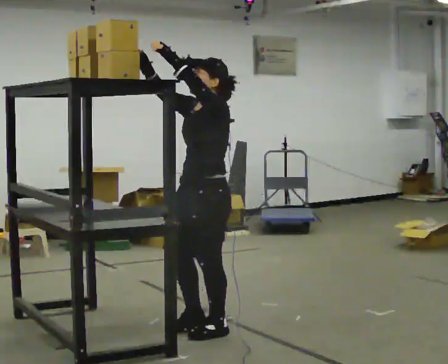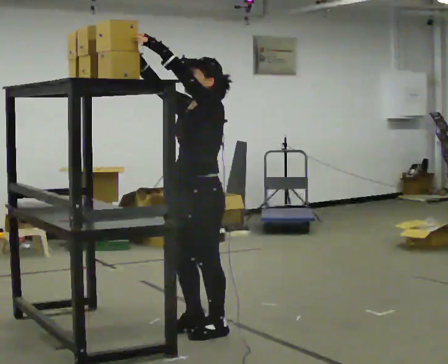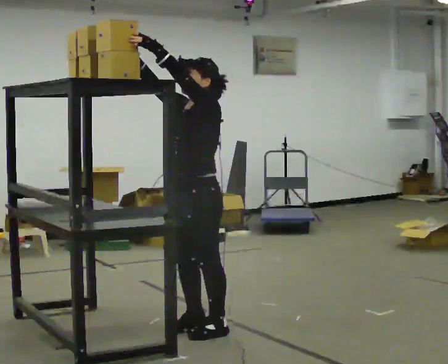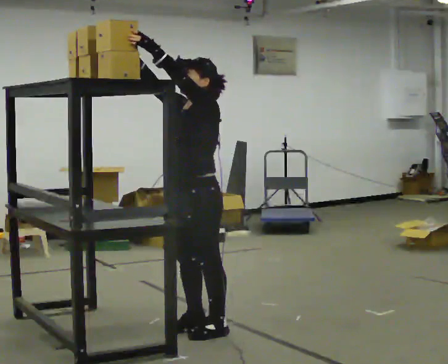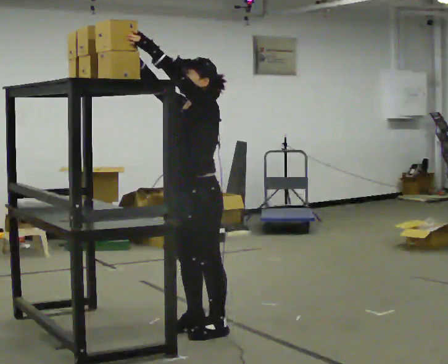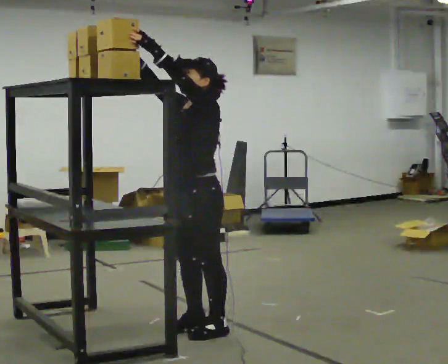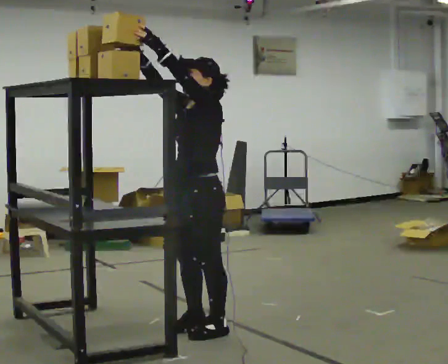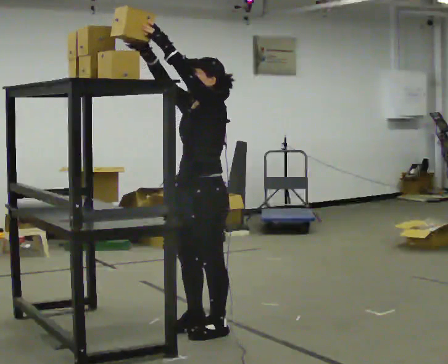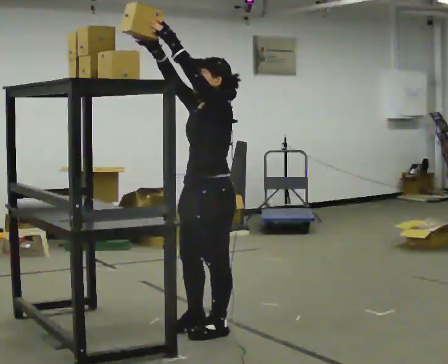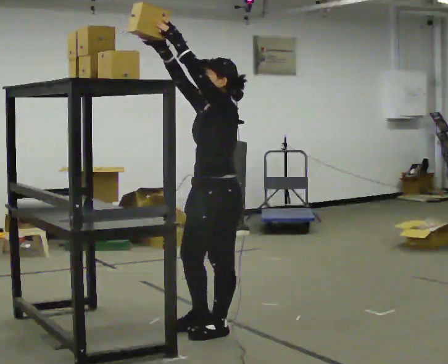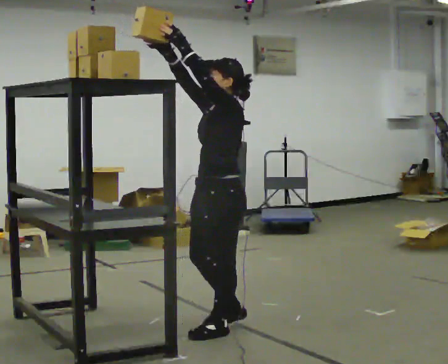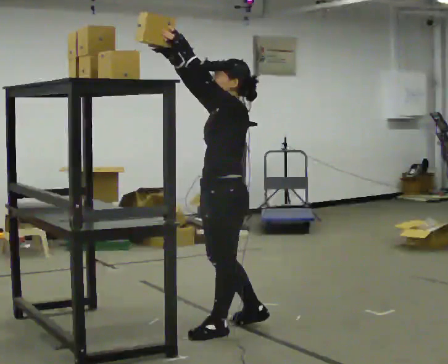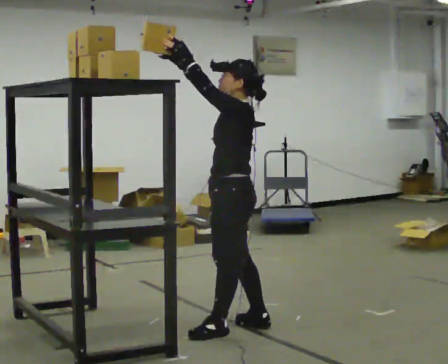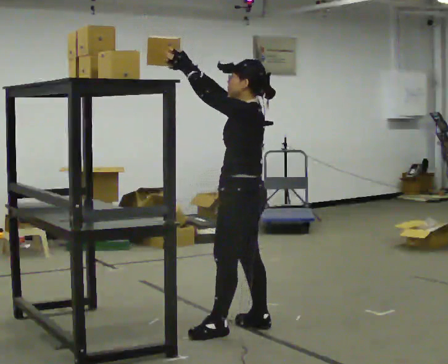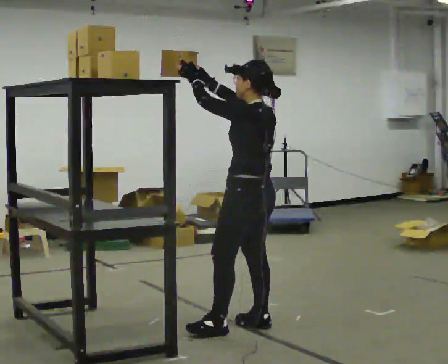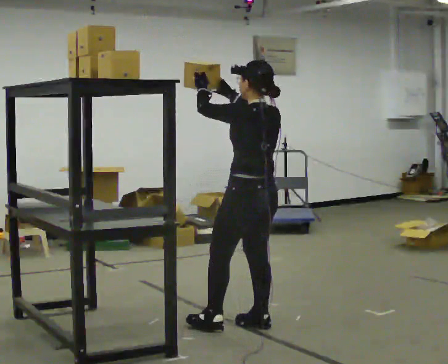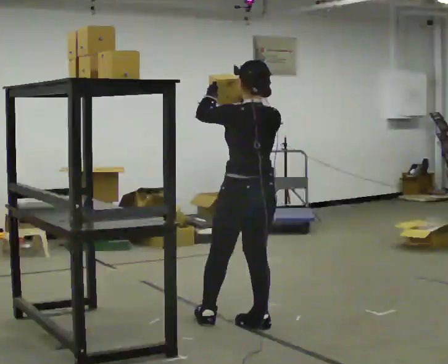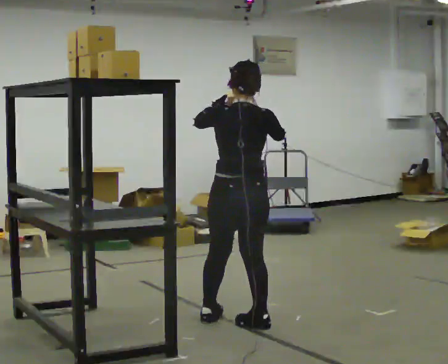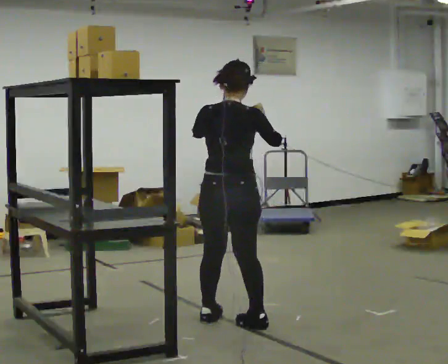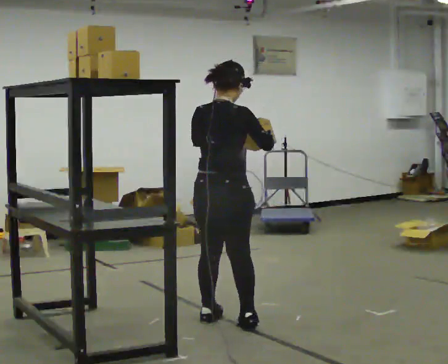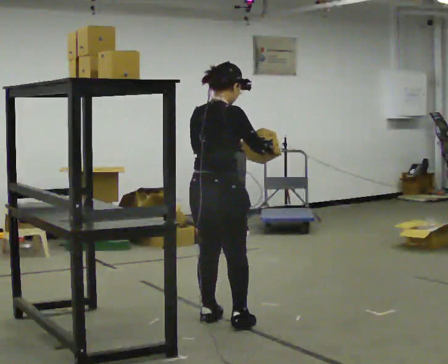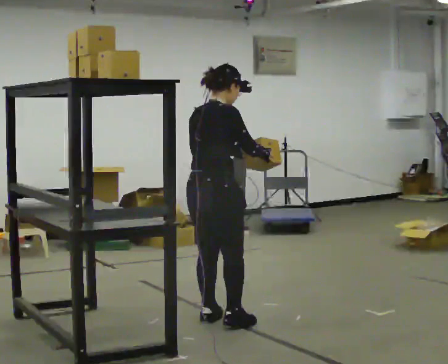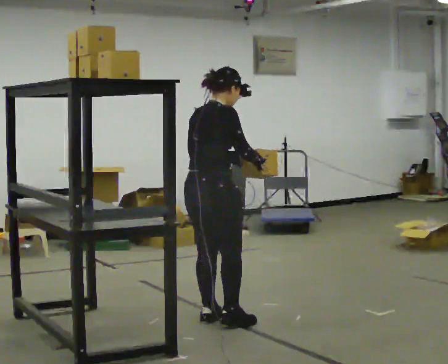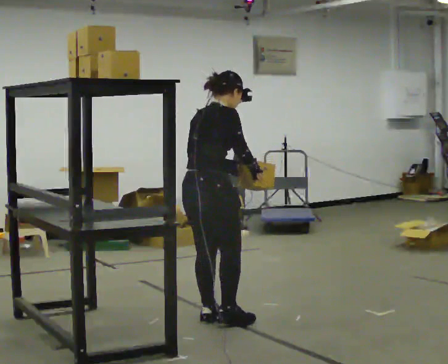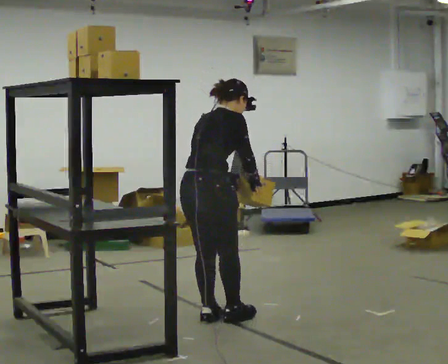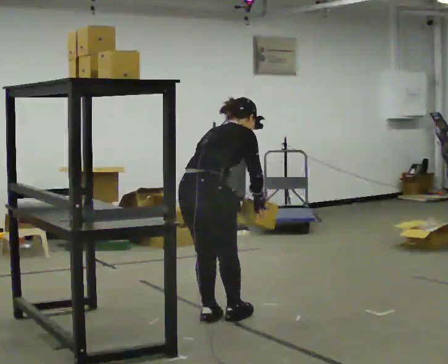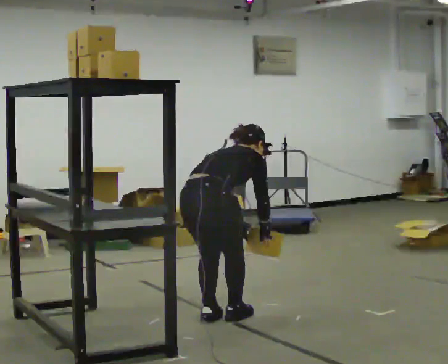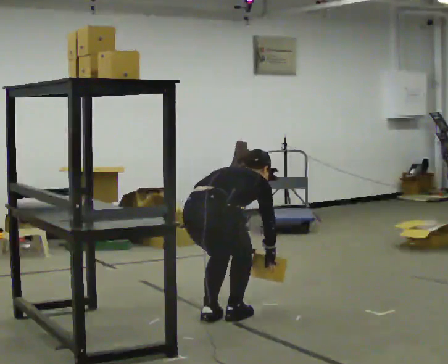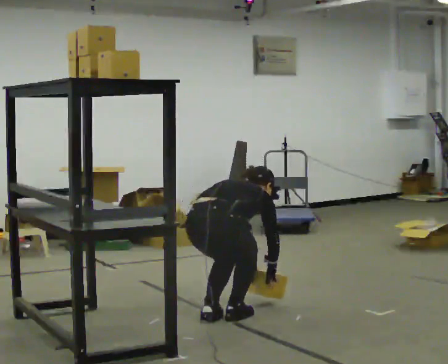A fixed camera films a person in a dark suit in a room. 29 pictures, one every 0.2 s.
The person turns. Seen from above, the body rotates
clockwise.
Their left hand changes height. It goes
downward.
0.0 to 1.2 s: The person moves a little, or ends about where they began.
1.2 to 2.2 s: In the picture they go to the right, about 0.25 m in 1 step, which for them is backward.
2.2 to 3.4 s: Seen from above the body turns clockwise, about 90 degrees: to their right, with its near side sliding to the left. In the picture their right hand goes to the right and downward.
3.4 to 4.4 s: Seen from above the body turns clockwise, about 60 degrees: to their right, with its near side sliding to the left. In the picture they go to the left, about 0.25 m in 1 step, which for them is to their left.
4.4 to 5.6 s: The shoulders move downward. The upper body tips away from the camera, its near side rolling upward, as they bend forward. In the picture their right hand goes downward.
The film runs forward here.
